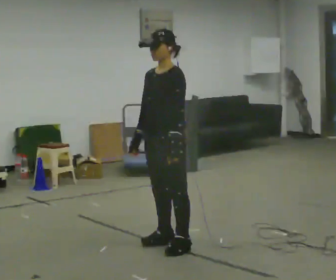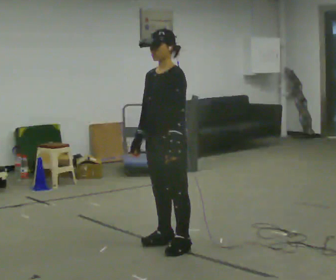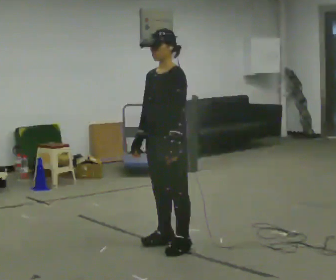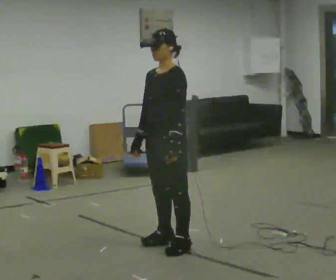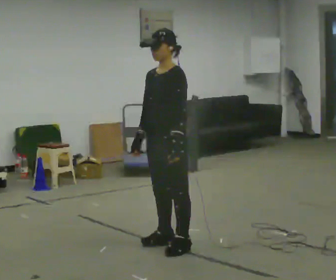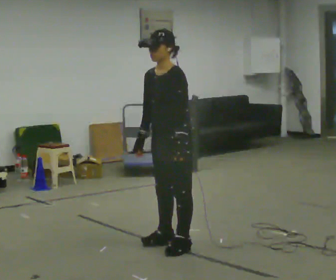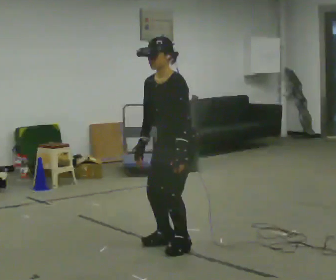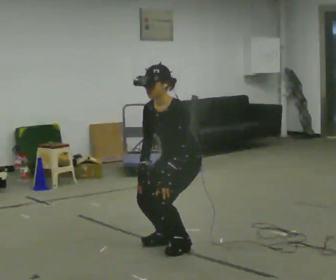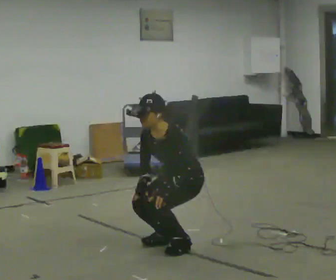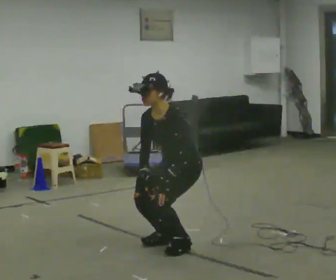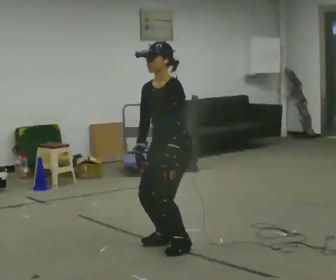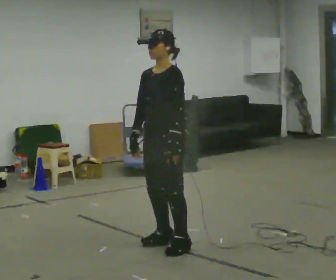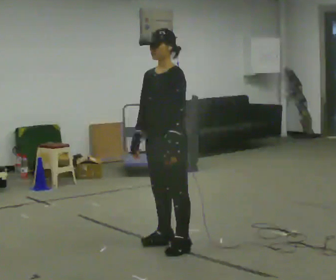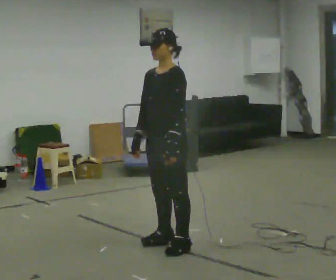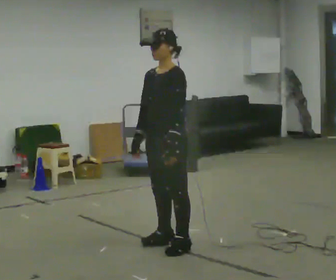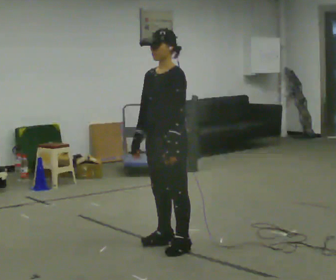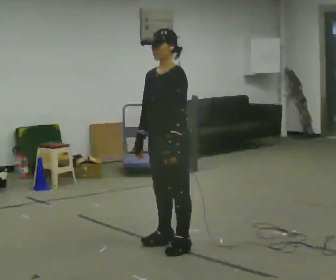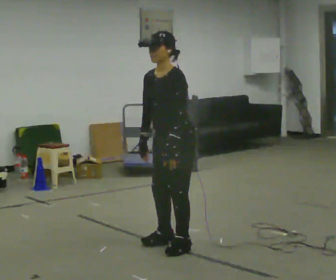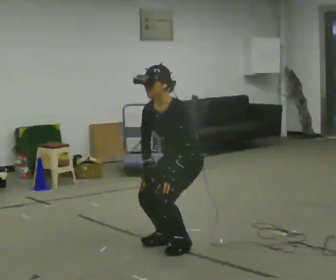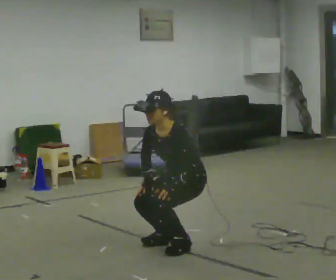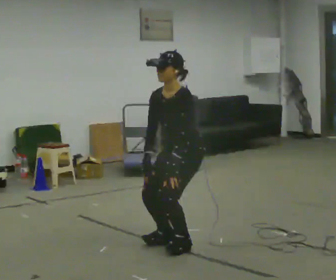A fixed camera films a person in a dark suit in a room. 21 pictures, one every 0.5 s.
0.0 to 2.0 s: The person keeps their place and pose.
2.0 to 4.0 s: The upper body goes downward. In the picture the upper body tilts counterclockwise, shoulders to the left, as they bend forward. In the picture their left hand goes downward.
4.0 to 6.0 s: The upper body goes upward. In the picture the upper body tilts clockwise, shoulders to the right, as they lean back or straighten. In the picture their left hand goes upward.
6.0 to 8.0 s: The person keeps their place and pose.
8.0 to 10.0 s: The person moves a little, or ends about where they began.
The film runs forward here.
